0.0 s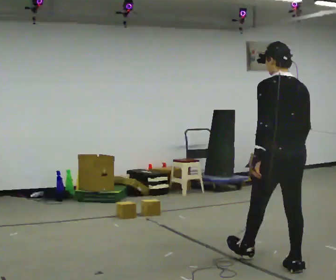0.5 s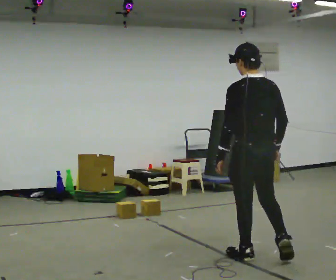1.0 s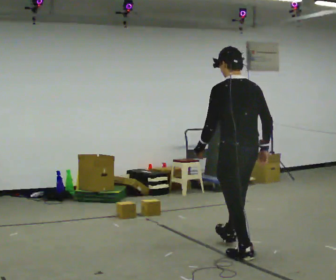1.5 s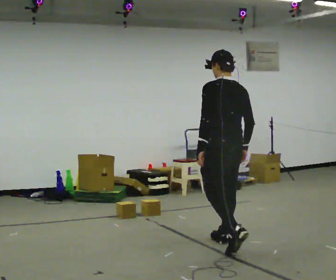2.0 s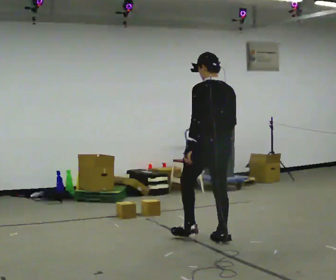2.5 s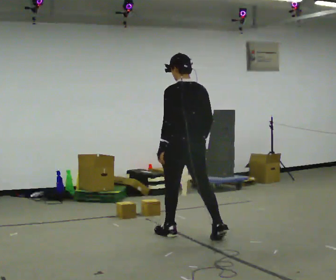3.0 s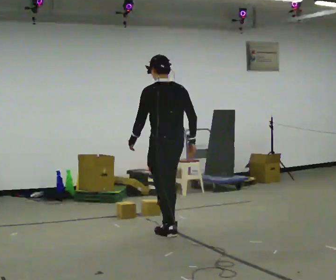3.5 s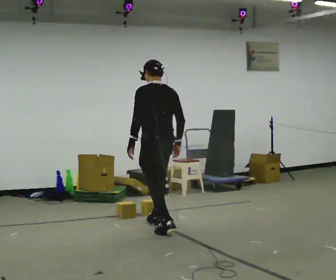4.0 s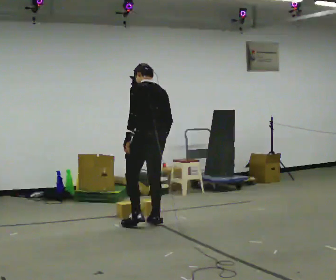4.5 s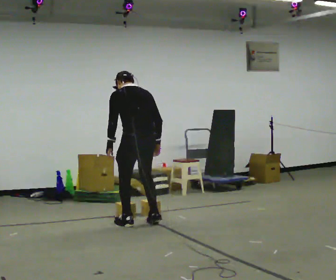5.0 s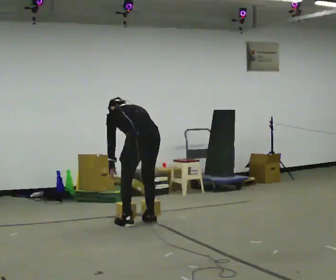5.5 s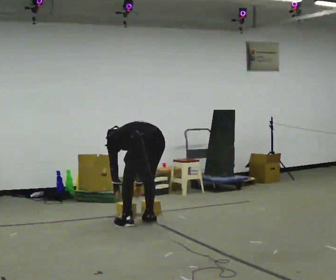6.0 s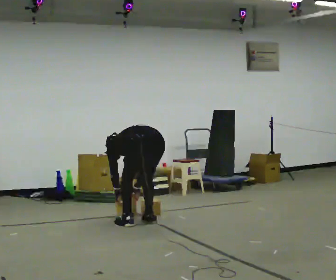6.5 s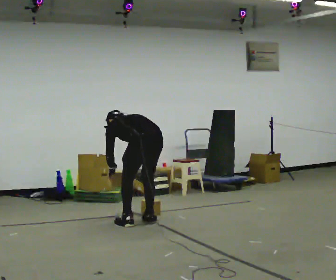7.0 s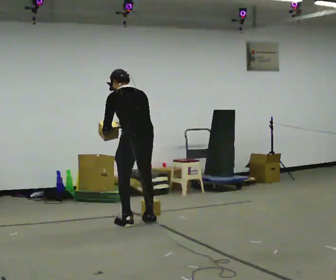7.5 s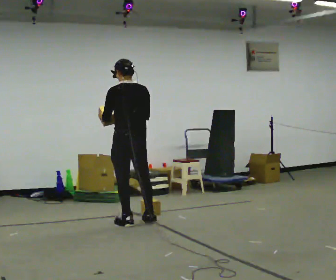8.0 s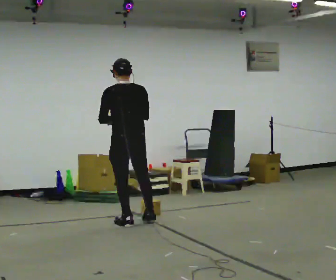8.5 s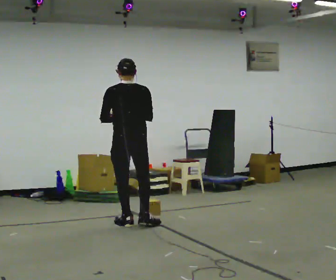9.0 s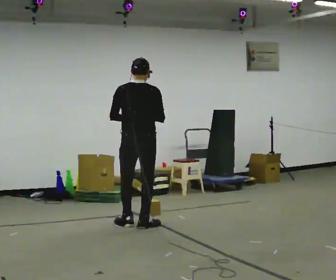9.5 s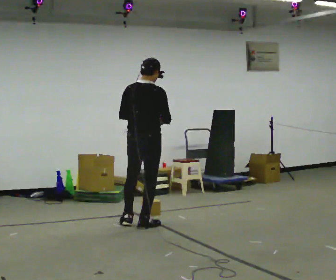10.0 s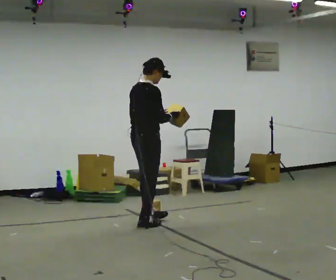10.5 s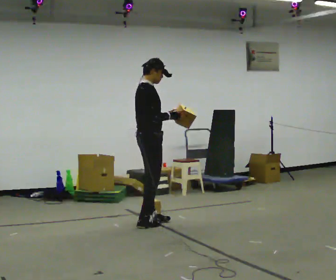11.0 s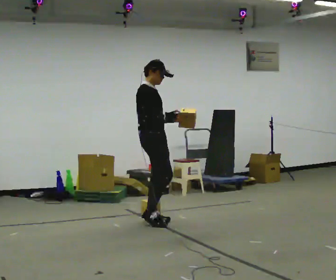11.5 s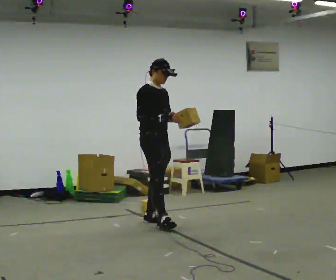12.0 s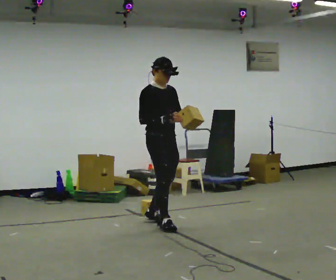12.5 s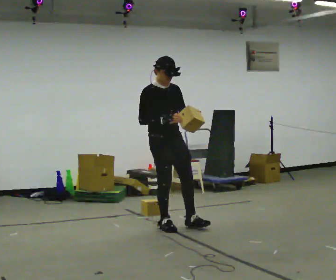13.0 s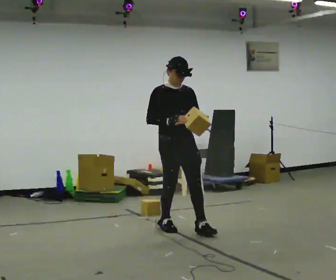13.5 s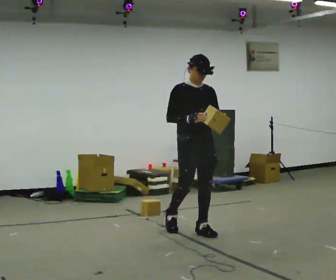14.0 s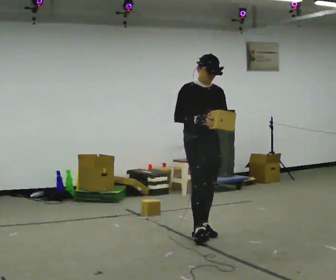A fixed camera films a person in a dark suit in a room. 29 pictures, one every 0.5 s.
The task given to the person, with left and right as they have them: Carry the box and, while you are still walking, turn it so you can read the label, read it out loud, then carry on. Repeat with the next box. Do not stop to read it.
0.0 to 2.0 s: In the picture they go away from the camera and to the left, about 1 m in 1 step, which for them is forward.
2.0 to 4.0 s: In the picture they go away from the camera and to the left, about 1 m in 2 steps, which for them is forward.
4.0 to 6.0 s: The shoulders move downward. In the picture the upper body tilts counterclockwise, shoulders to the left, as they bend forward. In the picture their left hand goes downward.
6.0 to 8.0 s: In the picture they go to the left, about 0.25 m, which for them is to their left. The shoulders move upward. The upper body tips toward the camera, its near side rolling downward, as they lean back or straighten. In the picture their right hand goes upward.
8.0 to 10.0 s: Seen from above the body turns clockwise, about 75 degrees: to their right, with its near side sliding to the left. In the picture their right hand goes to the right.
10.0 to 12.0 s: The part of the body nearest the lens slides to the left as the person turns to their right by about 60 degrees. In the picture they go to the right, about 0.25 m in 1 step. In the picture their left hand goes to the right.
12.0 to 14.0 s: The person turns about 30 degrees to their right, clockwise seen from above, so the part of the body nearest the lens slides to the left. In the picture they go to the right and toward the camera, about 0.5 m in 1 step, which for them is forward.
The film runs forward here.
